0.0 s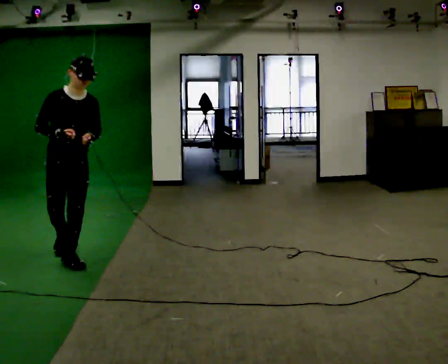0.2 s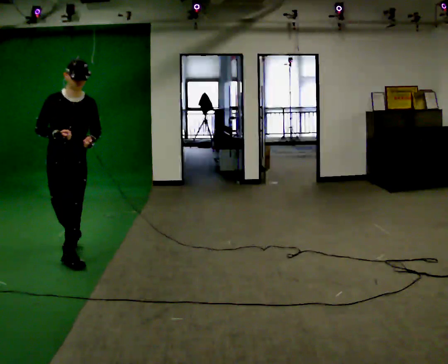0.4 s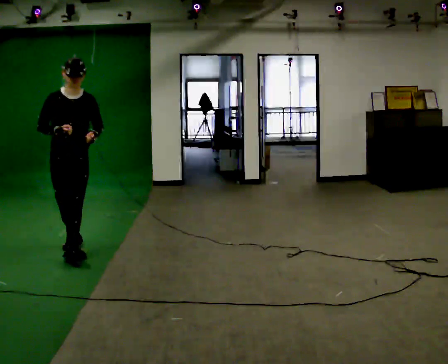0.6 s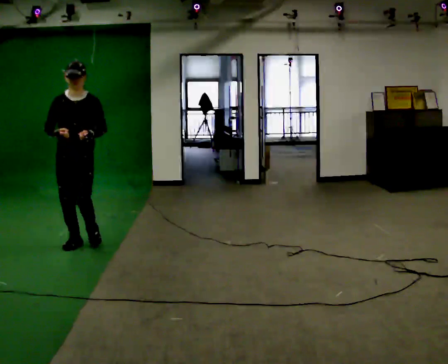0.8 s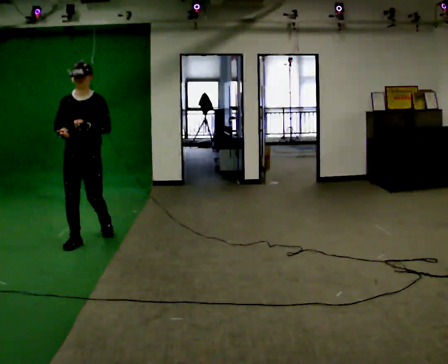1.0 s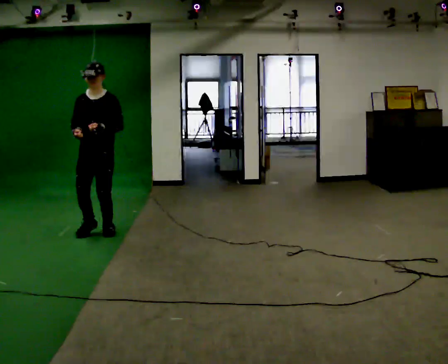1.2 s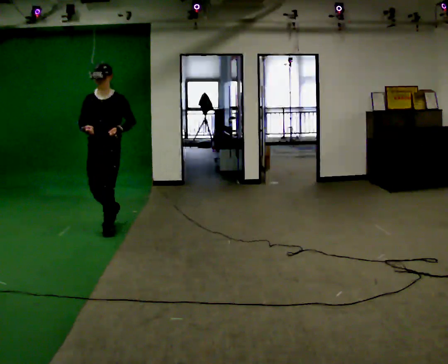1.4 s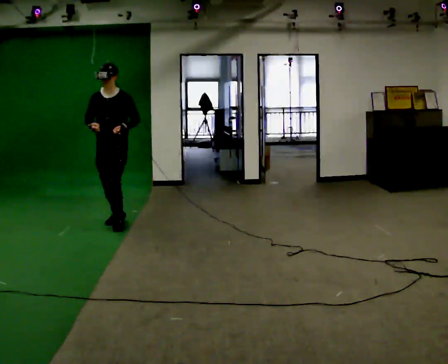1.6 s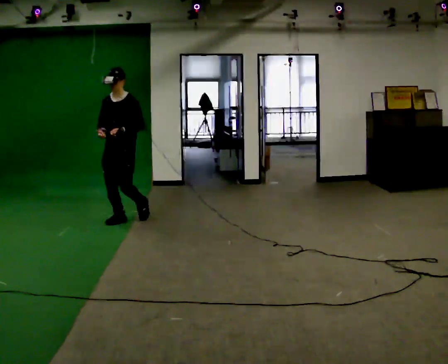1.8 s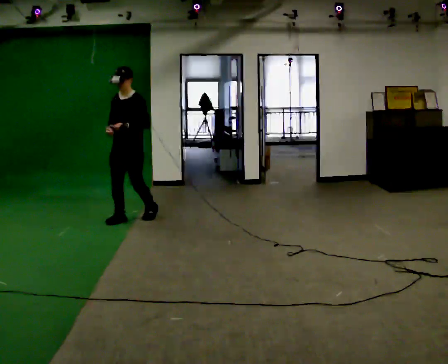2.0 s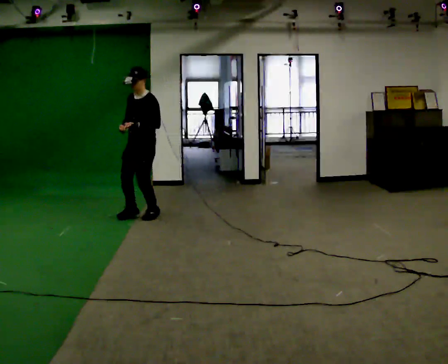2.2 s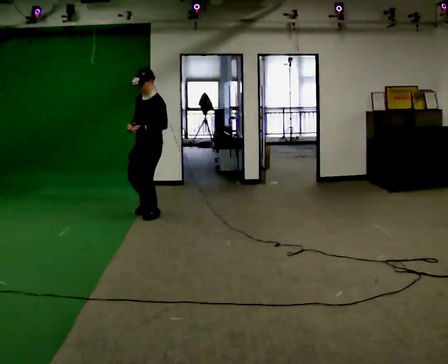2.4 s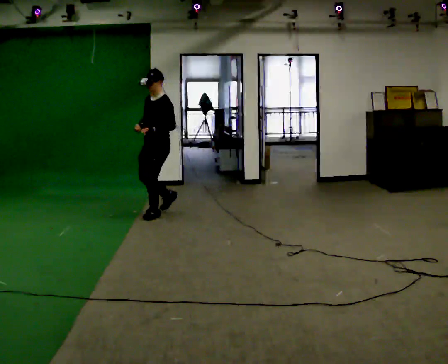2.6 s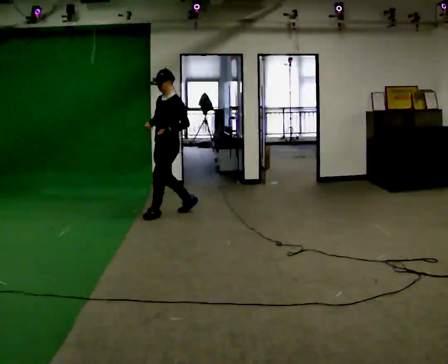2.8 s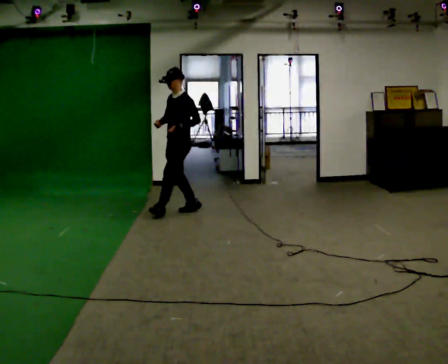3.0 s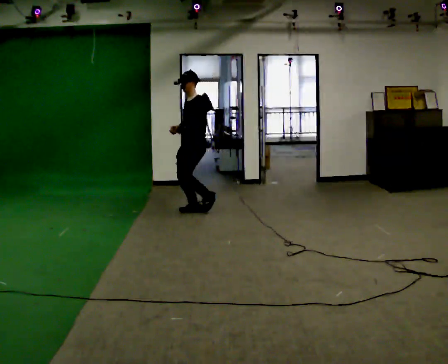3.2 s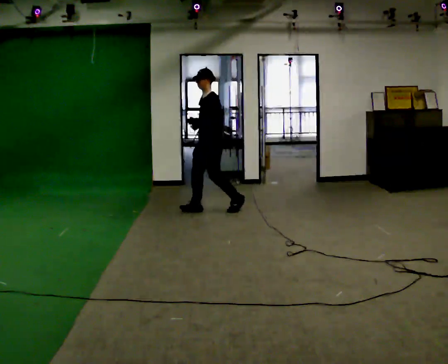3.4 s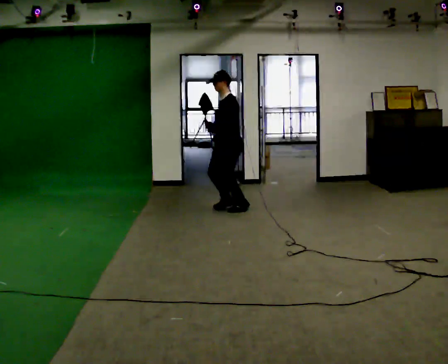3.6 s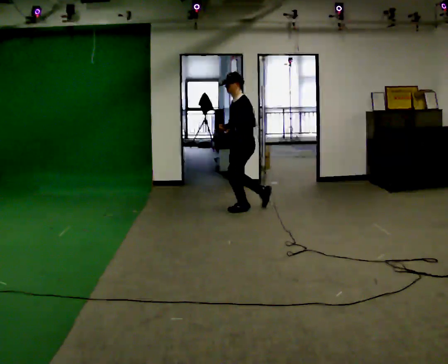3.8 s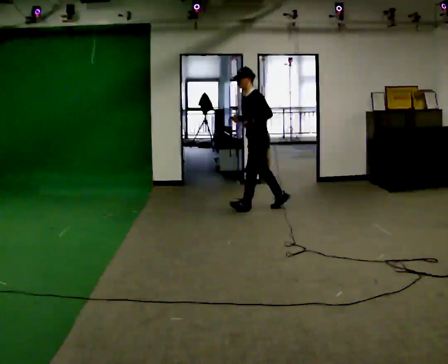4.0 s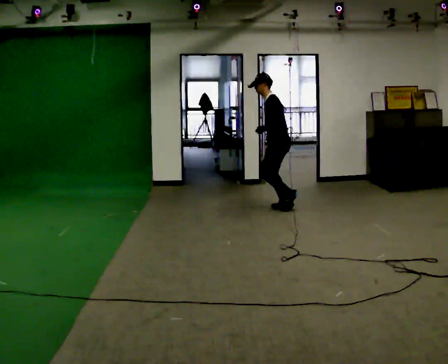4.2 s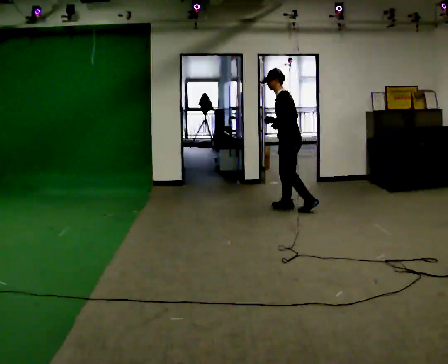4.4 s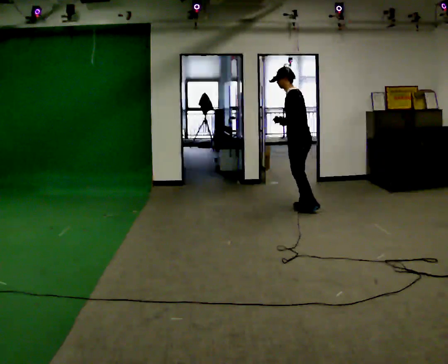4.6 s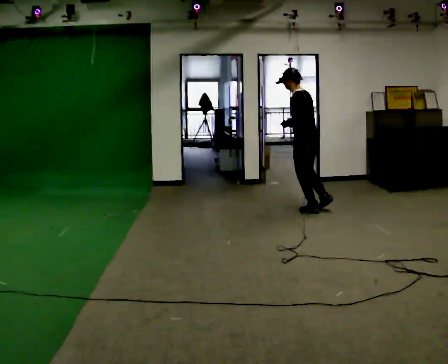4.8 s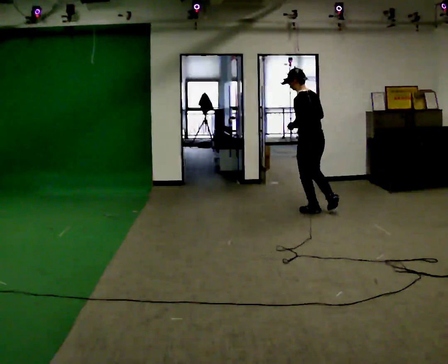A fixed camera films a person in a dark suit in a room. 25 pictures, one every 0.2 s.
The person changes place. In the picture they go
to the right.
The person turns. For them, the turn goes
to their right.
0.0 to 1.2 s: Seen from above the body turns clockwise, about 30 degrees: to their right, with its near side sliding to the left. In the picture they go away from the camera, about 1 m in 2 steps, which for them is backward.
1.2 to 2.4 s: The part of the body nearest the lens slides to the left as the person turns to their right by about 45 degrees. In the picture they go away from the camera and to the right, about 1 m in 2 steps, which for them is backward.
2.4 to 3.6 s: The person turns about 30 degrees to their right, clockwise seen from above, so the part of the body nearest the lens slides to the left. In the picture they go to the right, about 1 m in 2 steps, which for them is backward.
3.6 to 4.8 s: The person turns about 60 degrees to their right, clockwise seen from above, so the part of the body nearest the lens slides to the left. In the picture they go to the right and toward the camera, about 1 m in 2 steps.
The film runs backward here.
